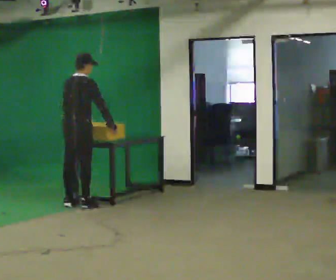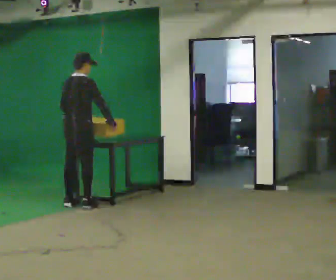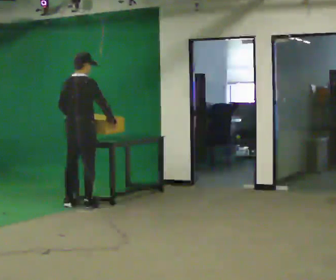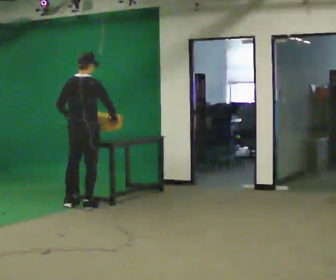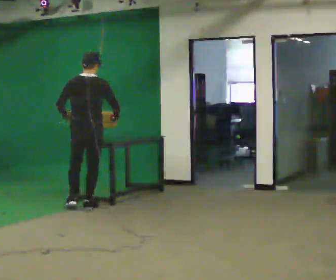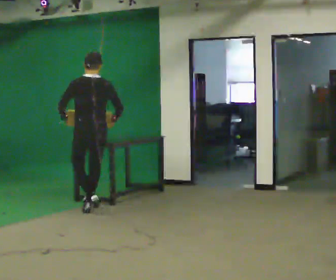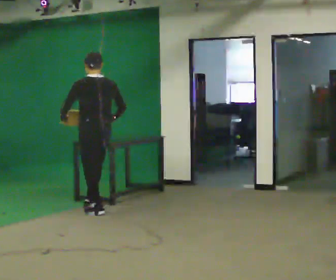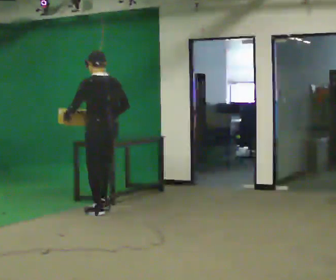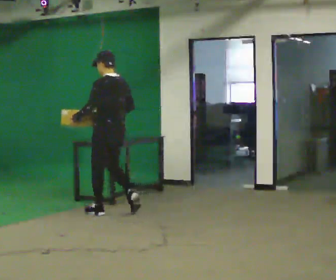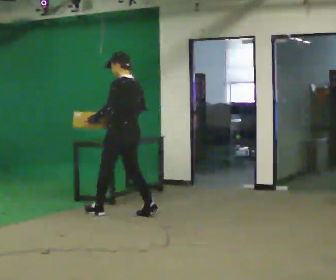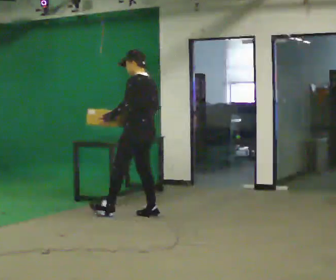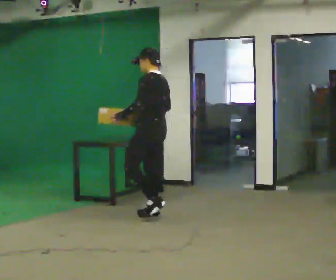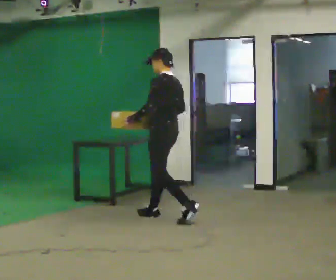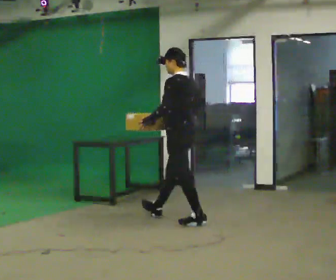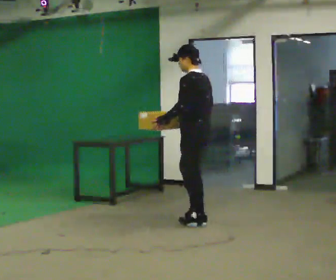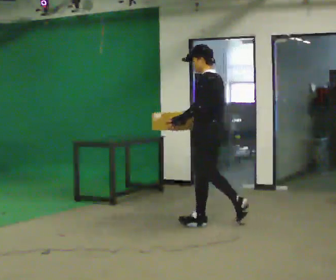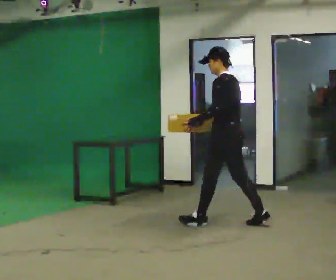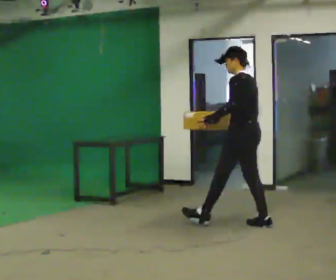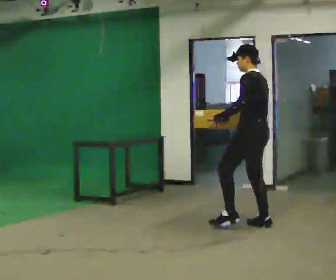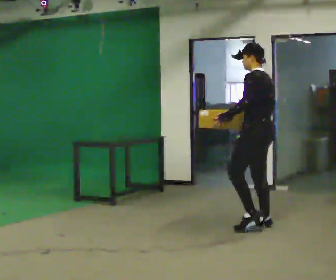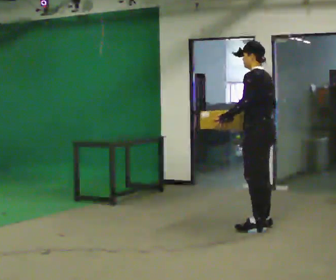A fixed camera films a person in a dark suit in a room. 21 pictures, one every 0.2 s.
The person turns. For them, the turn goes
to their left.
The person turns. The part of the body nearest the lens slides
to the right.
0.0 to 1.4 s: The part of the body nearest the lens slides to the right as the person turns to their left by about 75 degrees. In the picture they go to the right and toward the camera, about 0.5 m in 2 steps.
1.4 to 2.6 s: Seen from above the body turns counterclockwise, about 30 degrees: to their left, with its near side sliding to the right. In the picture they go to the right and toward the camera, about 1 m in 2 steps, which for them is backward.
2.6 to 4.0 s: In the picture they go to the right and toward the camera, about 1 m in 1 step, which for them is backward.
The film runs backward here.
